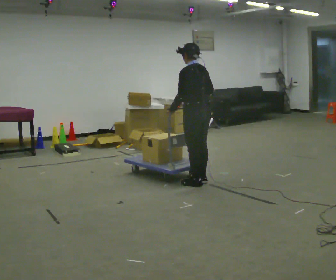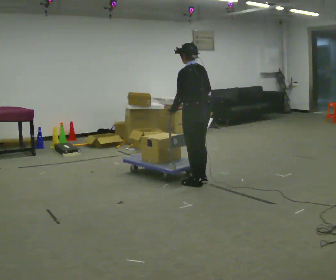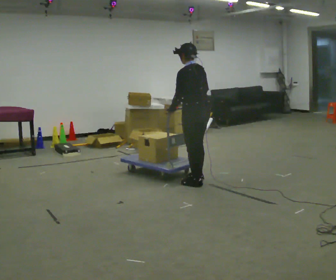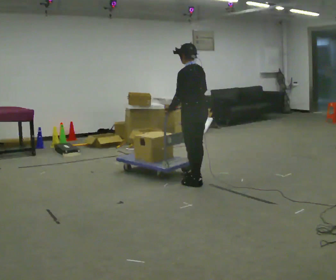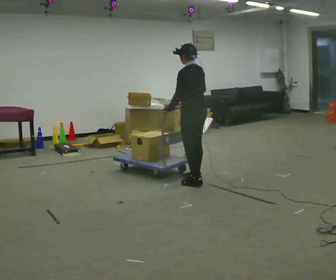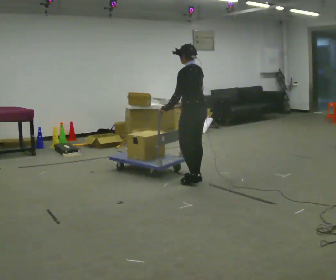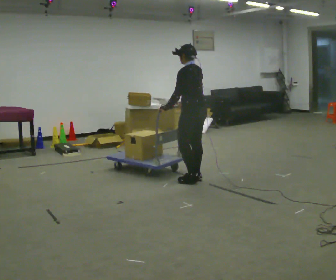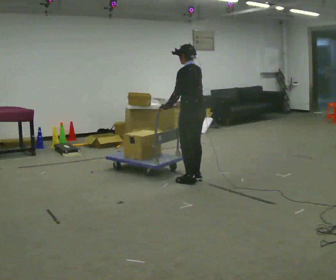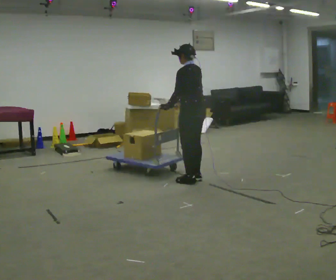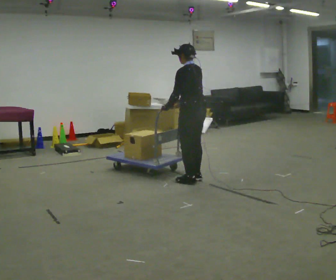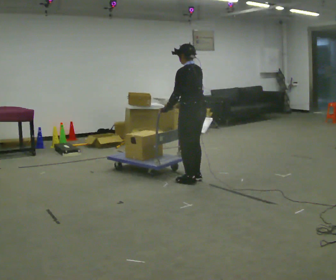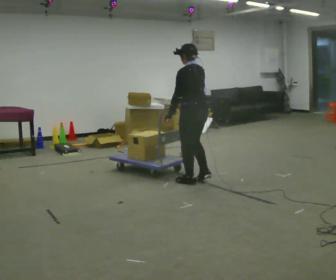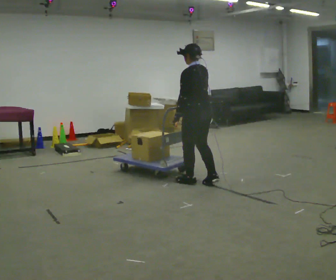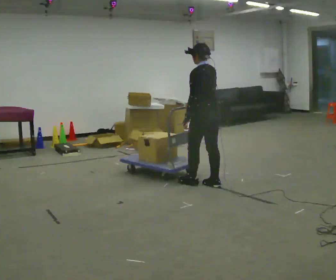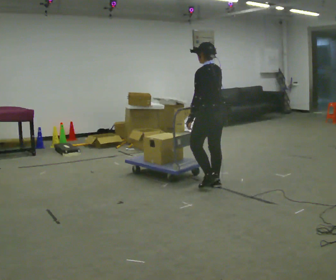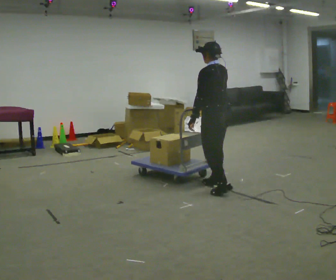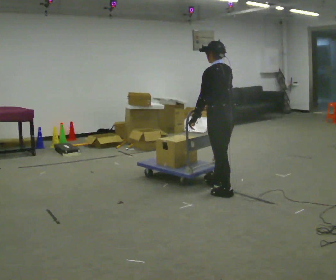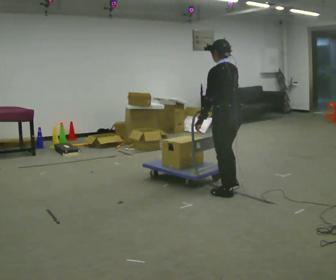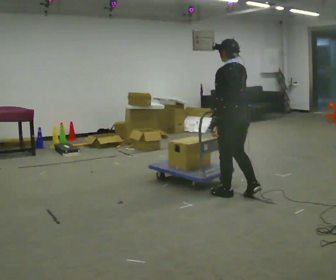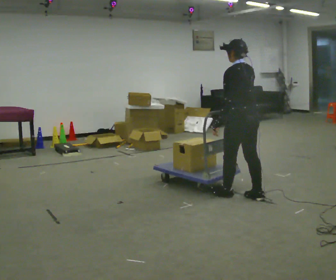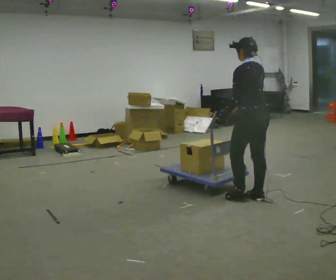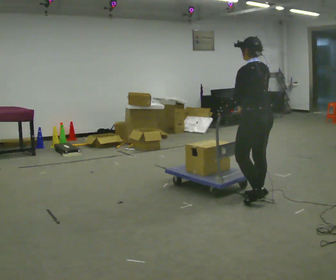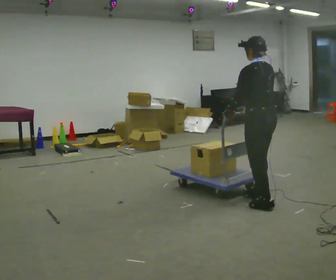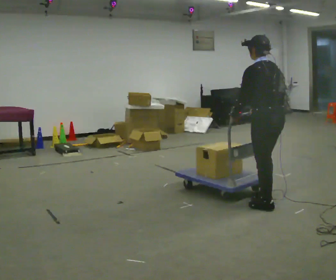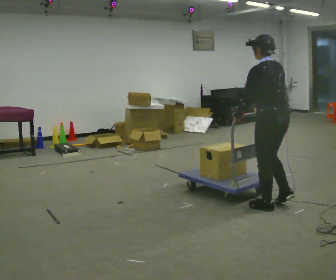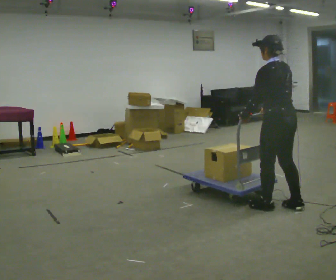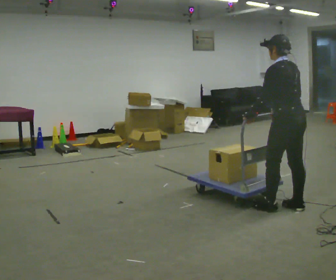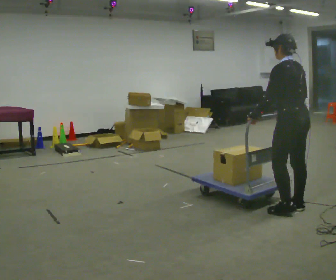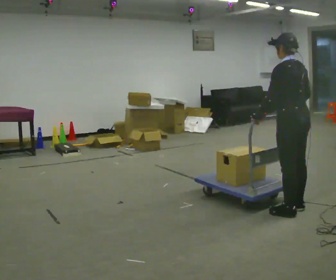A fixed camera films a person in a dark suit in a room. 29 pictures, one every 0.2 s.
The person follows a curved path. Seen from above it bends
clockwise.
0.0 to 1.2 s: In the picture they go away from the camera, about 0.25 m, which for them is forward and to their right.
1.2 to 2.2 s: The person moves a little, or ends about where they began.
2.2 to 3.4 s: In the picture they go to the right and toward the camera, about 0.5 m in 2 steps, which for them is backward.
3.4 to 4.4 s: In the picture they go to the right and toward the camera, about 0.5 m in 1 step, which for them is backward.
4.4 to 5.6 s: In the picture they go to the right and toward the camera, about 0.25 m in 2 steps, which for them is backward.
The film runs backward here.
